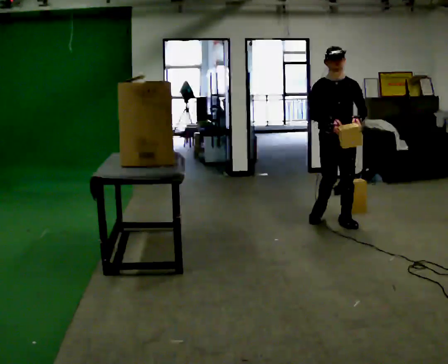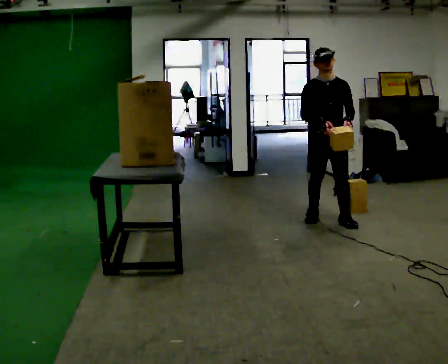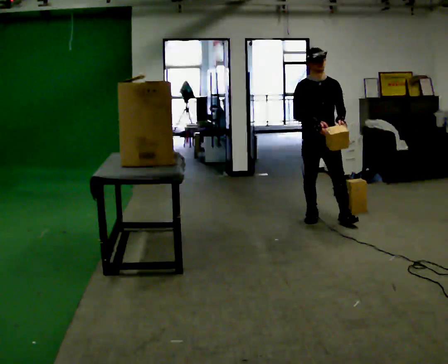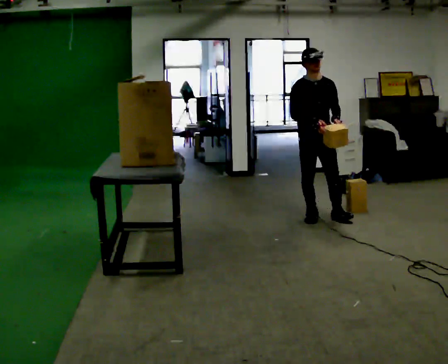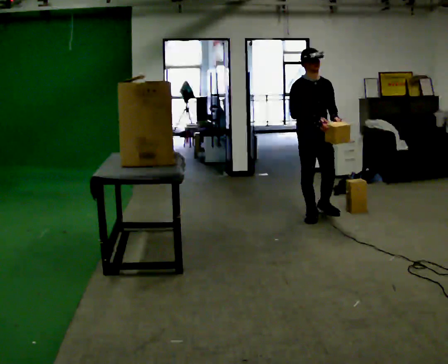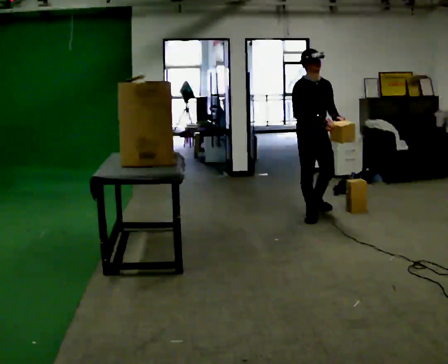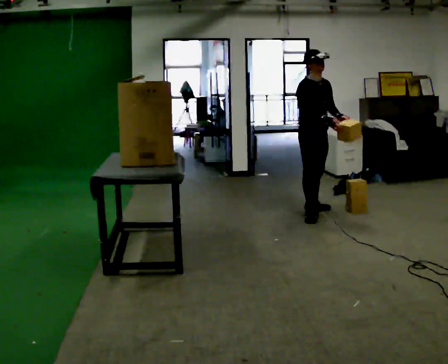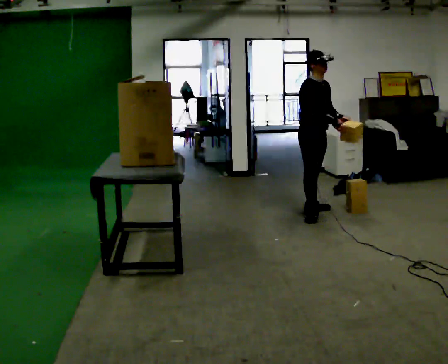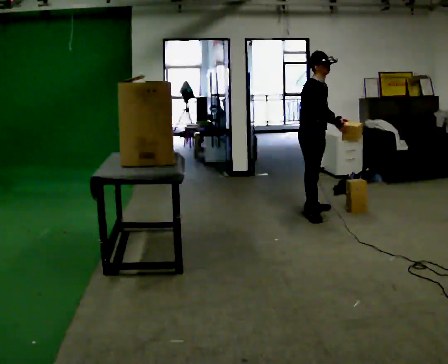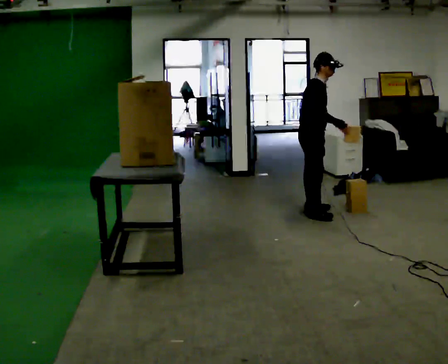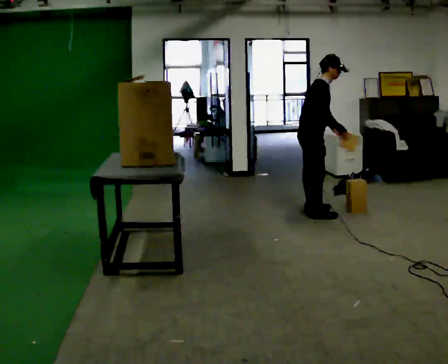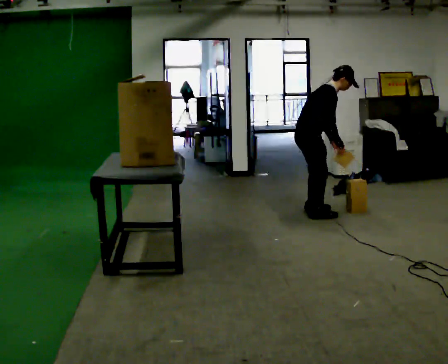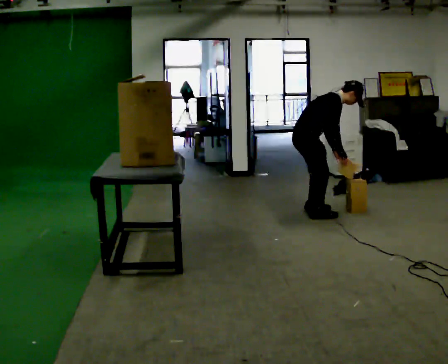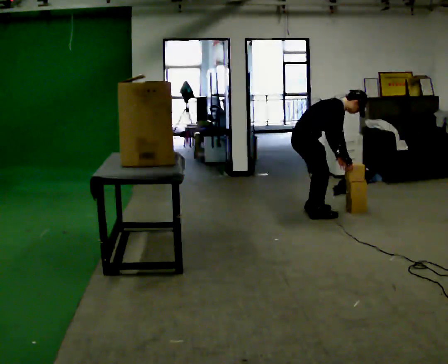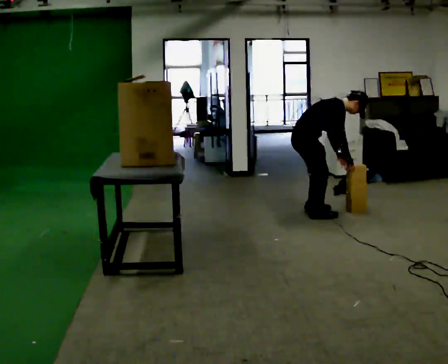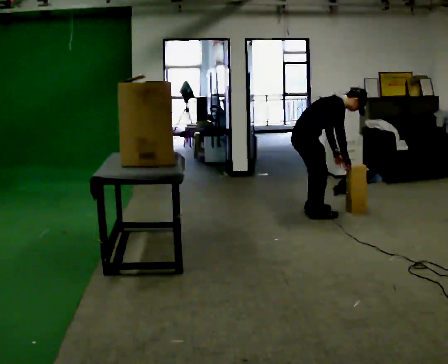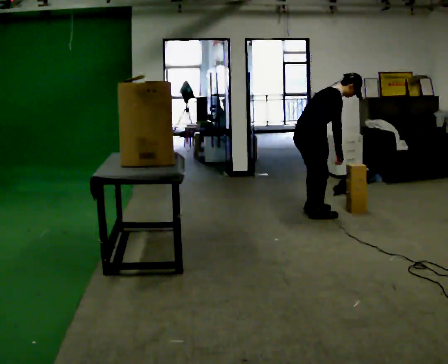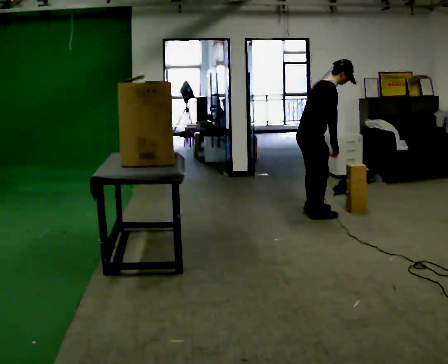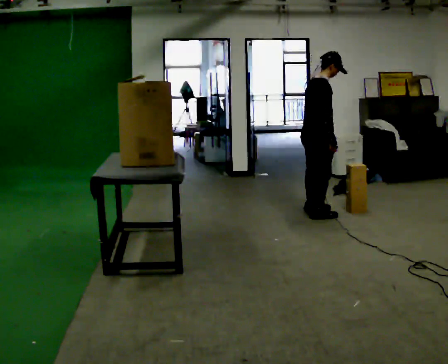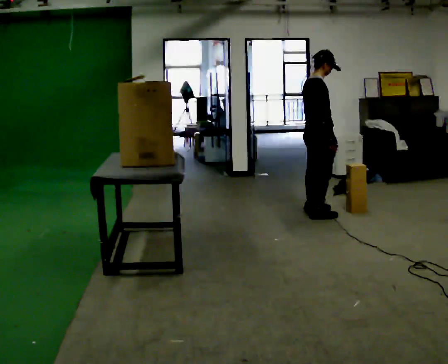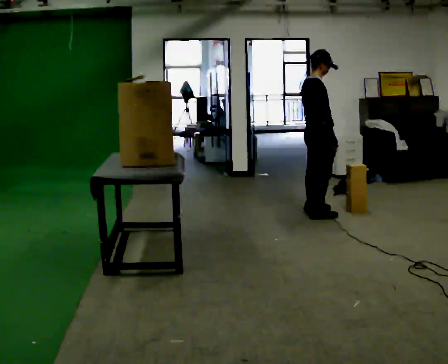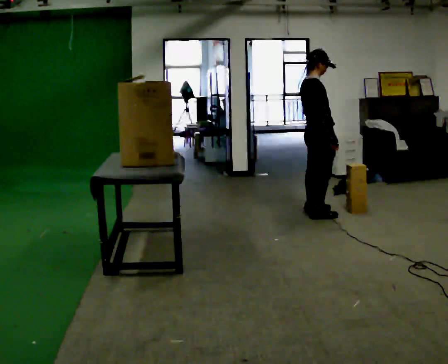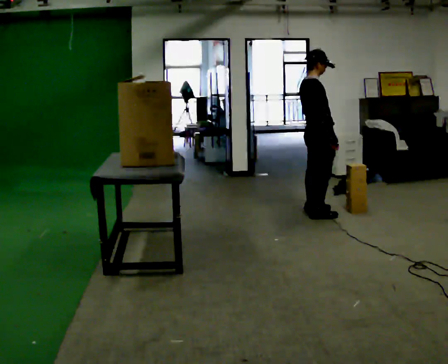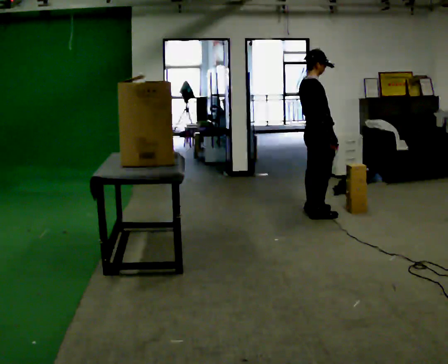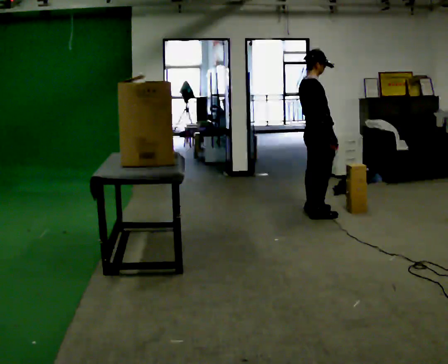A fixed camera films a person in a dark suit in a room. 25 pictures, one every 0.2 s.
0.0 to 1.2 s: The person turns about 45 degrees to their left, counterclockwise seen from above, so the part of the body nearest the lens slides to the right. In the picture they go away from the camera and to the left, about 0.5 m in 1 step, which for them is backward.
1.2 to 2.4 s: Seen from above the body turns counterclockwise, about 45 degrees: to their left, with its near side sliding to the right. The shoulders move downward. In the picture the upper body tilts clockwise, shoulders to the right, as they bend forward. In the picture their left hand goes downward.
2.4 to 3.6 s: The person moves a little, or ends about where they began.
3.6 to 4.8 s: In the picture the upper body tilts counterclockwise, shoulders to the left, as they lean back or straighten.
The film runs backward here.
